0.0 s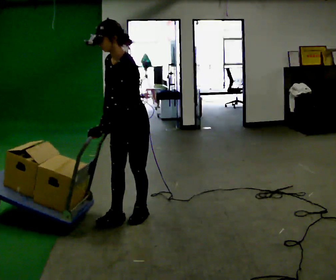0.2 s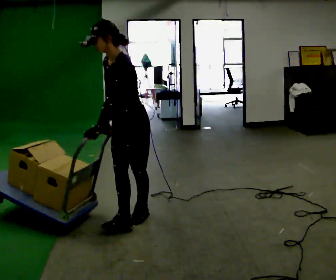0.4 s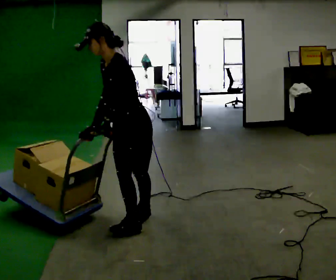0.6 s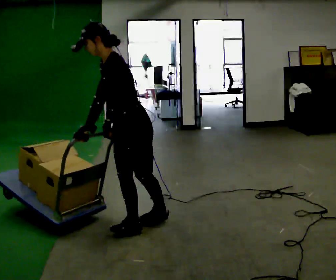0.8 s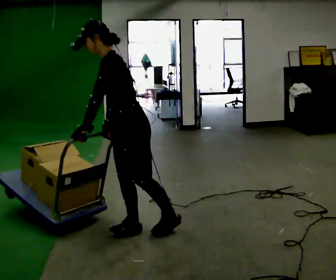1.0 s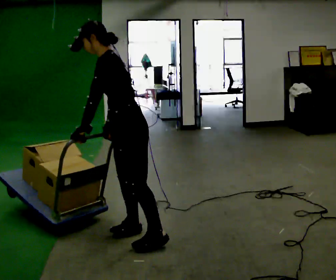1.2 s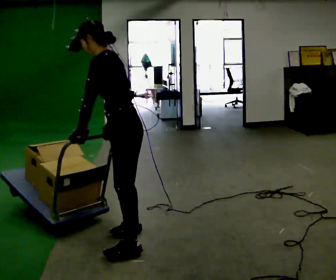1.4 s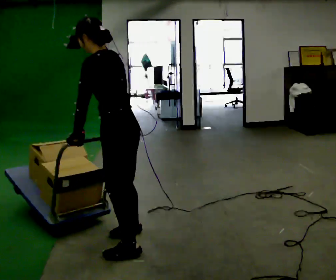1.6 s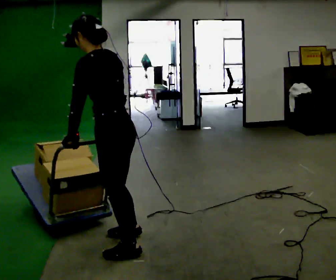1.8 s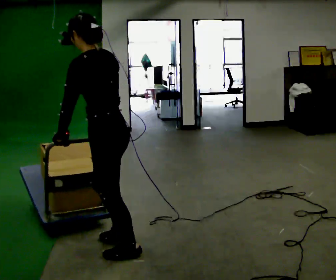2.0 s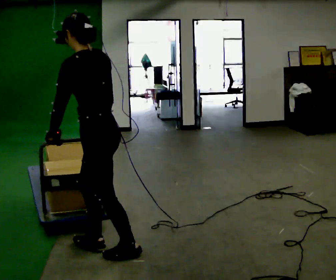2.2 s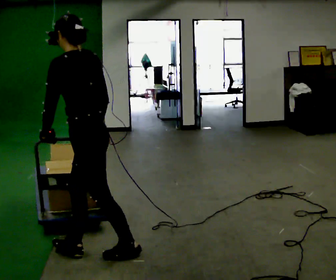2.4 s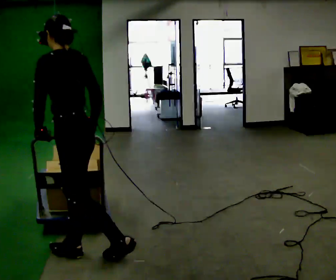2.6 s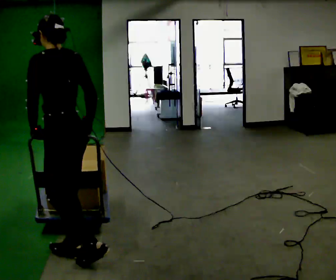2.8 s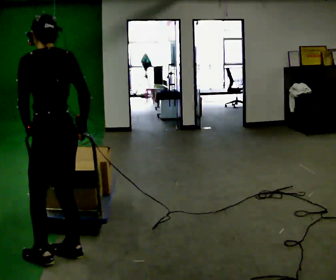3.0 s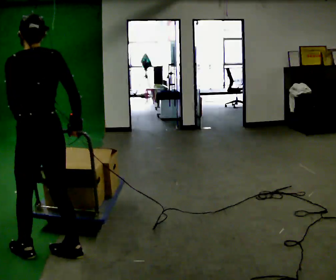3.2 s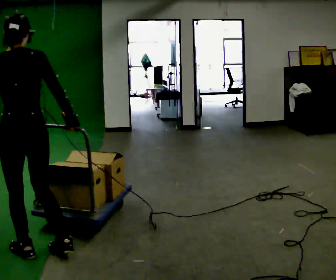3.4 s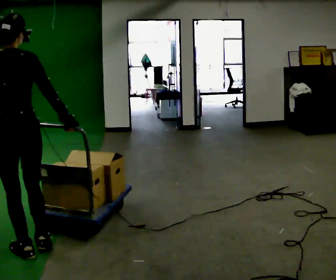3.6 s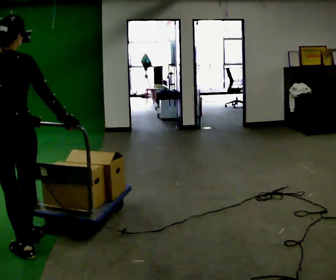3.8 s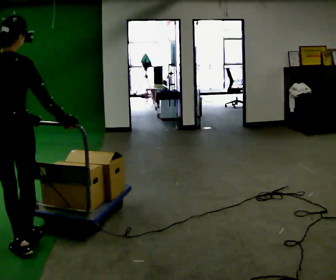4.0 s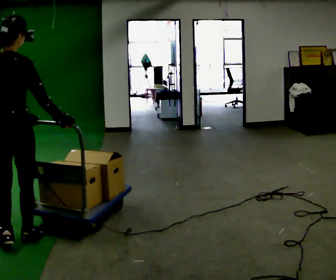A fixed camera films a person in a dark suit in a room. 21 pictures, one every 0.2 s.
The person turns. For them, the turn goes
to their right.
Their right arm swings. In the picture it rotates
counterclockwise.
0.0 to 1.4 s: Seen from above the body turns clockwise, about 60 degrees: to their right, with its near side sliding to the left. In the picture they go toward the camera, about 0.5 m in 2 steps, which for them is to their left and forward. The upper body tips away from the camera, its near side rolling upward.
1.4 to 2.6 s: In the picture they go to the left, about 0.25 m in 1 step, which for them is to their left and forward.
2.6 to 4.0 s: The part of the body nearest the lens slides to the left as the person turns to their right by about 75 degrees. In the picture they go to the left, about 0.5 m in 2 steps.
The film runs forward here.
